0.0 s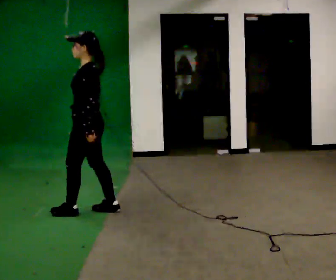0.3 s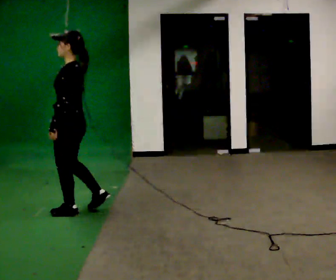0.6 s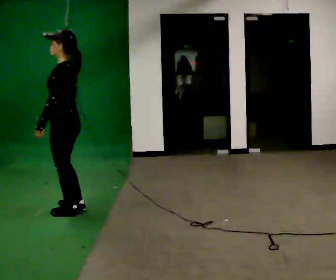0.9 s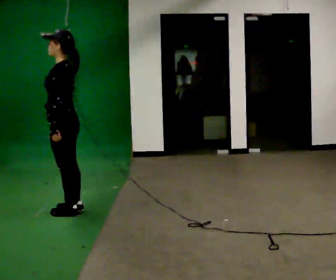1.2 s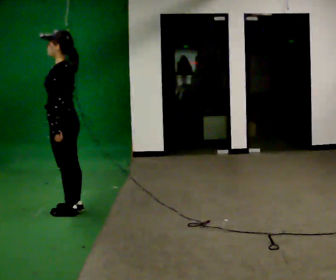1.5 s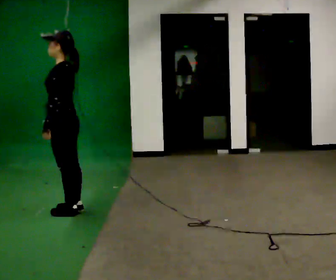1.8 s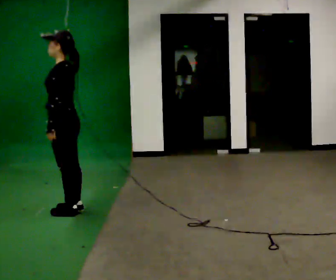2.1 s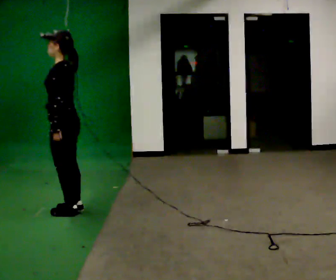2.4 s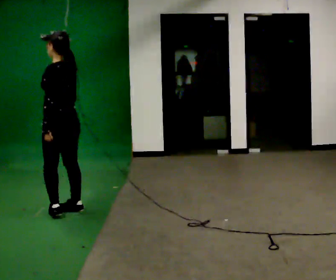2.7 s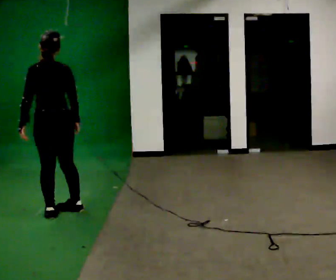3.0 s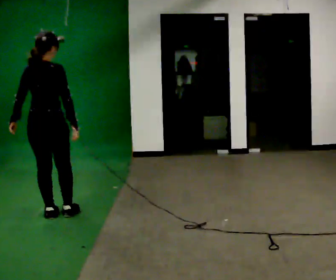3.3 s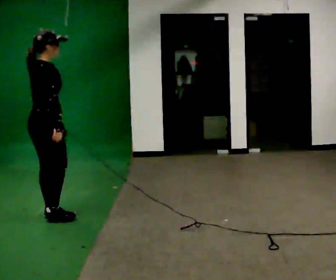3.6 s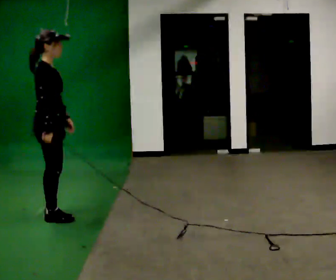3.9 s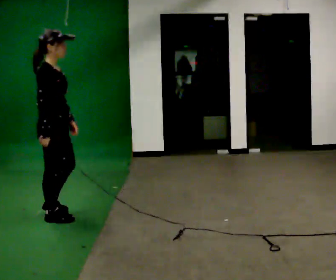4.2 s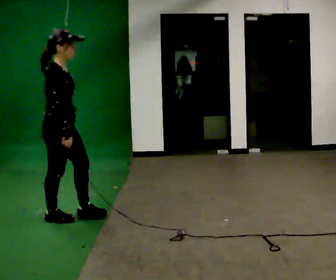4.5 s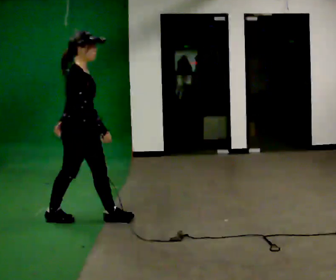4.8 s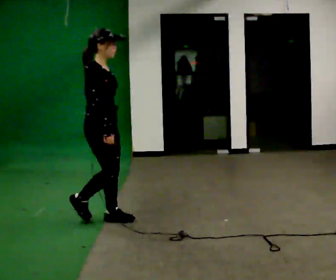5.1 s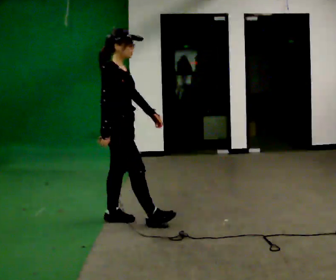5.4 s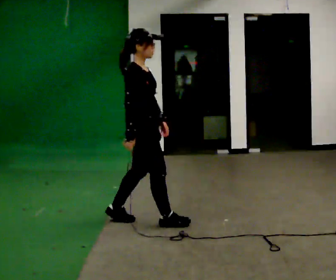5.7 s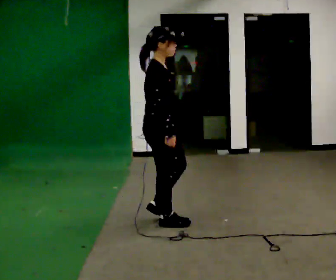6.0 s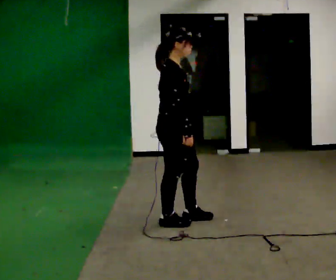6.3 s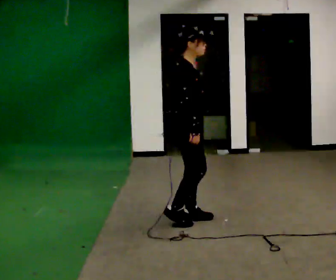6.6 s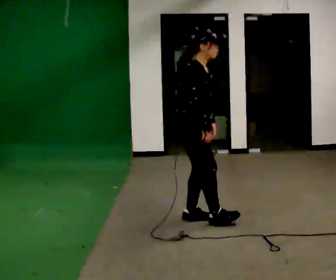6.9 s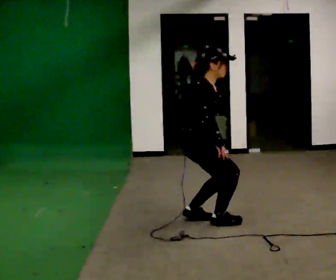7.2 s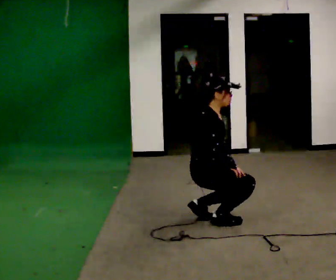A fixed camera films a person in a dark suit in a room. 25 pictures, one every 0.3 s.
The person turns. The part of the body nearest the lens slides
to the left.
The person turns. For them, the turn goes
to their right.
0.0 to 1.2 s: In the picture they go to the left, about 0.25 m in 1 step, which for them is forward.
1.2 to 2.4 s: Seen from above the body turns clockwise, about 30 degrees: to their right, with its near side sliding to the left.
2.4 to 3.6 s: Seen from above the body turns clockwise, about 135 degrees: to their right, with its near side sliding to the left. In the picture they go toward the camera, about 0.25 m in 2 steps.
3.6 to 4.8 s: In the picture they go to the right, about 0.5 m in 1 step, which for them is forward.
4.8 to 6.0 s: In the picture they go to the right, about 0.5 m in 2 steps, which for them is forward.
6.0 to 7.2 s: In the picture they go to the right, about 0.25 m in 1 step, which for them is forward. The shoulders move downward. In the picture their left hand goes to the right and downward.
The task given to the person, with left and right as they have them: Walk; crouch comfortably at marker; remain briefly; stand and continue.
The film runs forward here.
